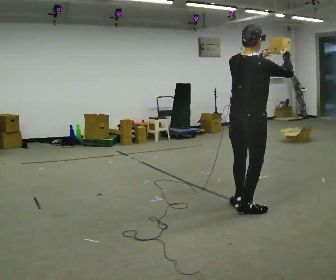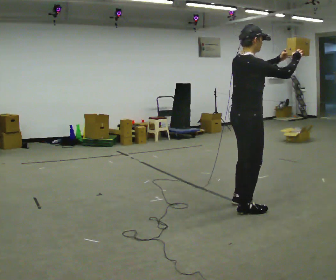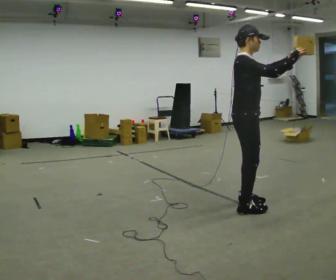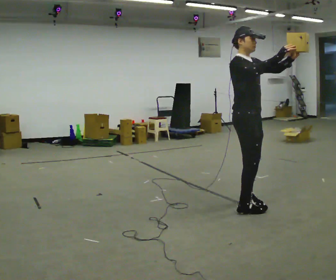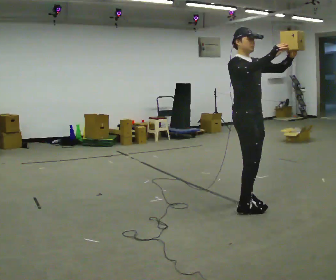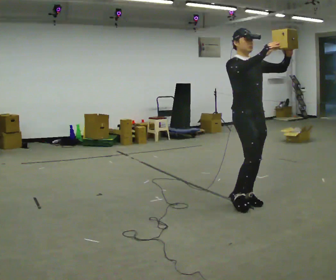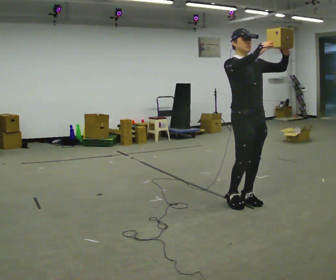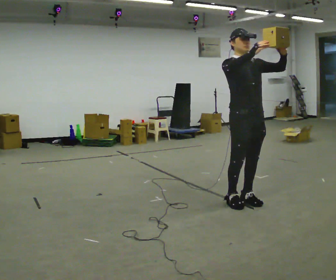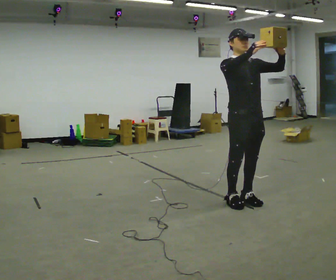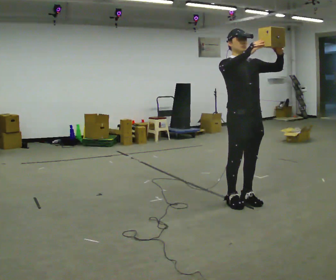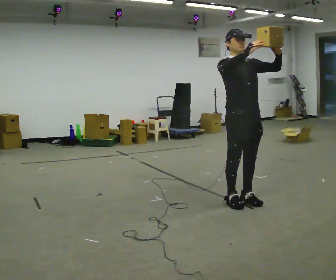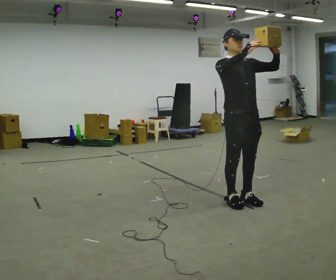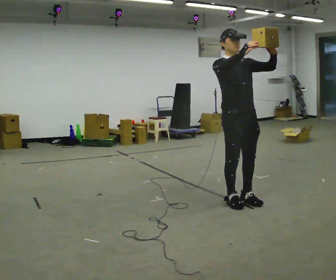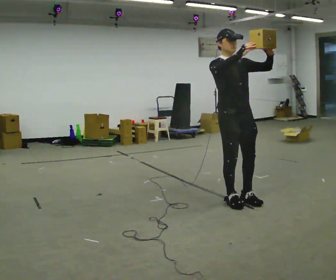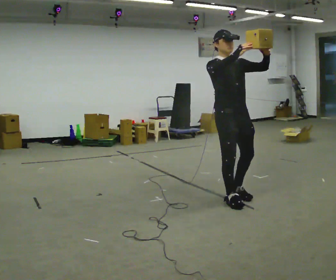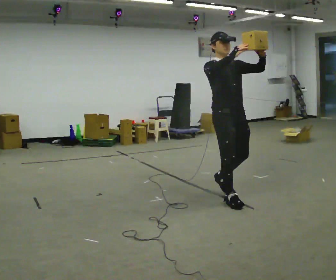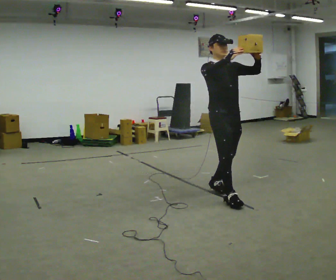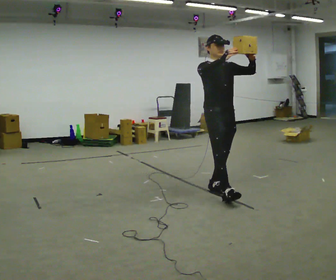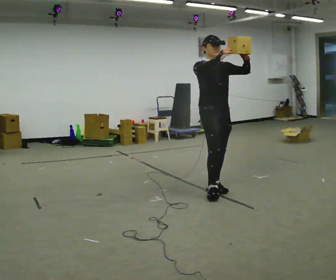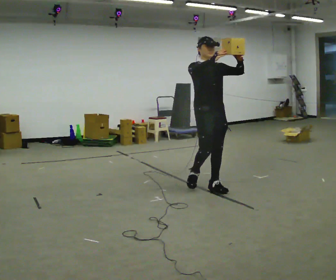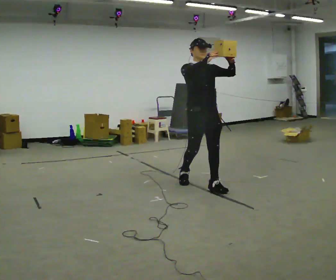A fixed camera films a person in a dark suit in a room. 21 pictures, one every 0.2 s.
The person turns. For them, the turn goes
to their right.
The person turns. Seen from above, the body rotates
clockwise.
0.0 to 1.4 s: The person turns about 120 degrees to their right, clockwise seen from above, so the part of the body nearest the lens slides to the left. In the picture they go away from the camera, about 0.25 m in 1 step. In the picture their right hand goes to the left.
1.4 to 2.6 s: The person moves a little, or ends about where they began.
2.6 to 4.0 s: In the picture they go away from the camera and to the left, about 0.75 m in 2 steps, which for them is backward.
The film runs backward here.
